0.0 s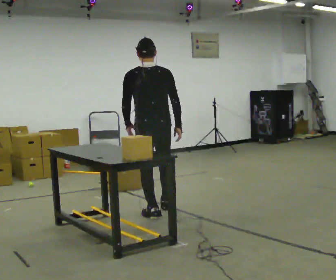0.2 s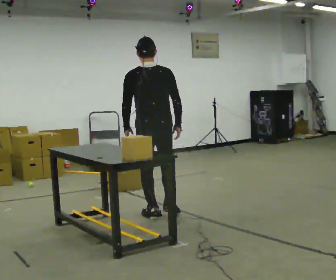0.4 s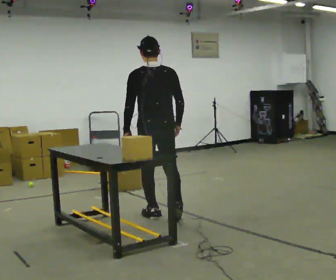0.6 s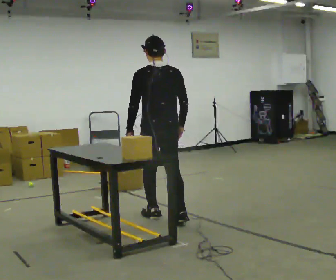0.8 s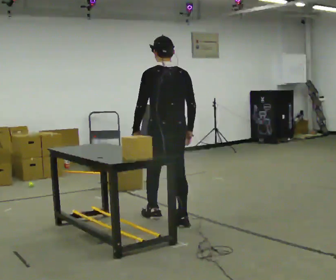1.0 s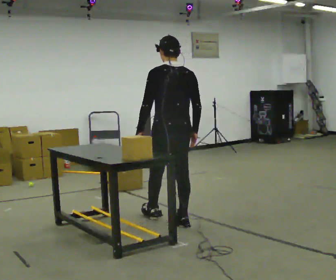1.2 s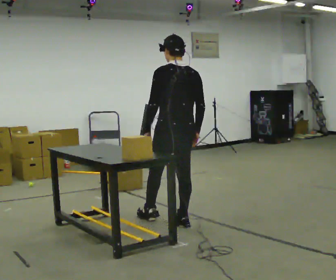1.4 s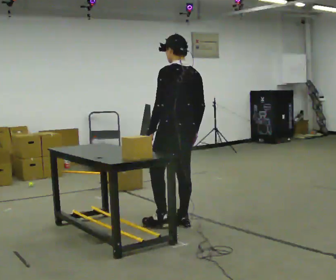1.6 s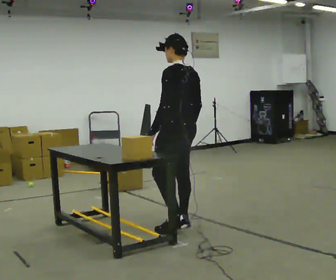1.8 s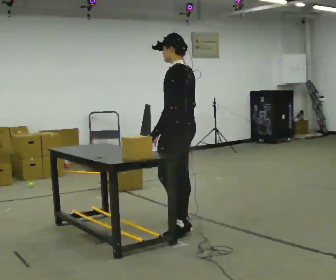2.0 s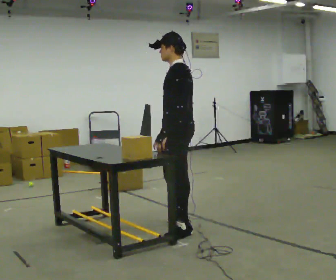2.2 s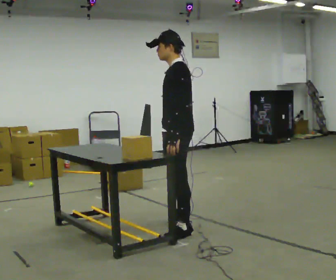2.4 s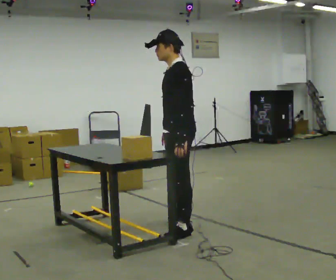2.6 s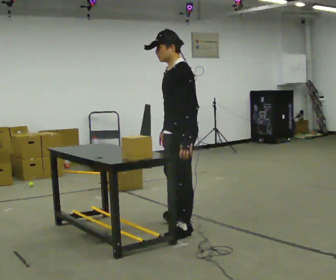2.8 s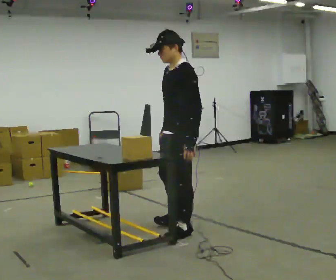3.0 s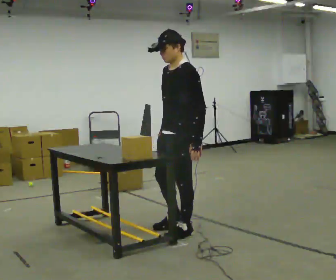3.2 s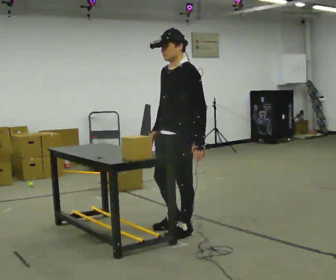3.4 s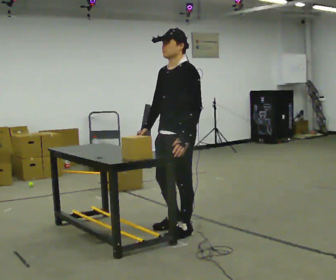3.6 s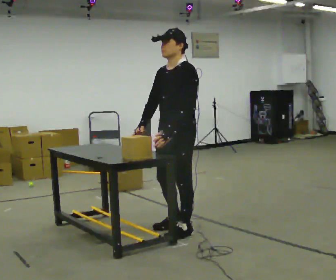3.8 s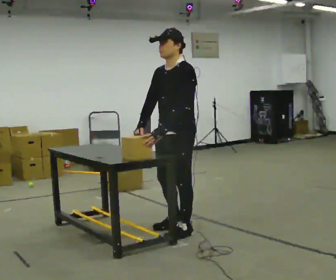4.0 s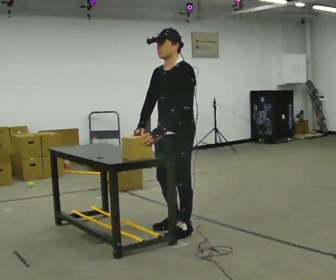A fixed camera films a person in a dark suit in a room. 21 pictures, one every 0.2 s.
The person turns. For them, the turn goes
to their left.
The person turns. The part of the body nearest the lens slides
to the right.
0.0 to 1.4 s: The person turns about 30 degrees to their left, counterclockwise seen from above, so the part of the body nearest the lens slides to the right. In the picture they go toward the camera and to the right, about 0.5 m in 1 step, which for them is backward and to their right.
1.4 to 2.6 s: The person turns about 60 degrees to their left, counterclockwise seen from above, so the part of the body nearest the lens slides to the right. In the picture they go toward the camera, about 0.25 m.
2.6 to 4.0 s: The part of the body nearest the lens slides to the right as the person turns to their left by about 30 degrees.
The film runs backward here.
